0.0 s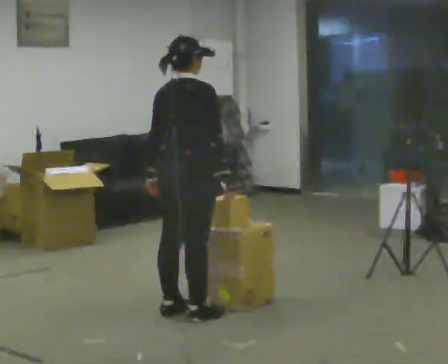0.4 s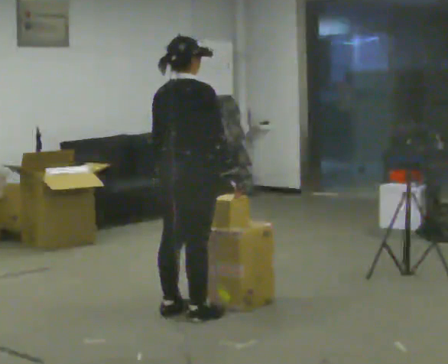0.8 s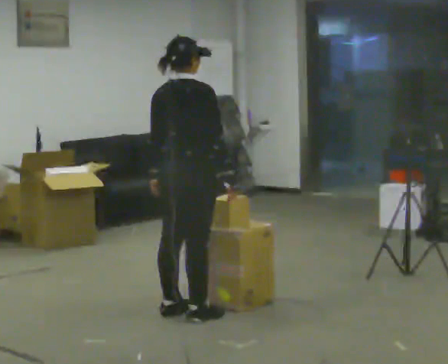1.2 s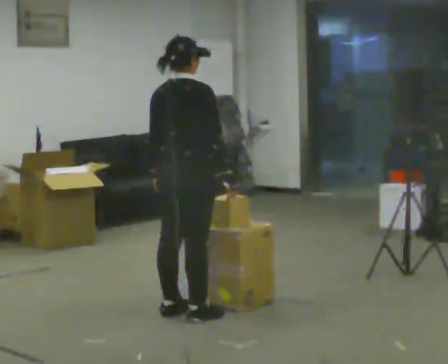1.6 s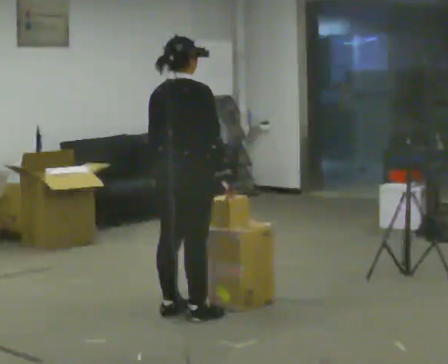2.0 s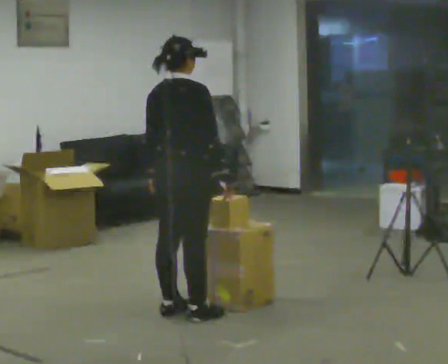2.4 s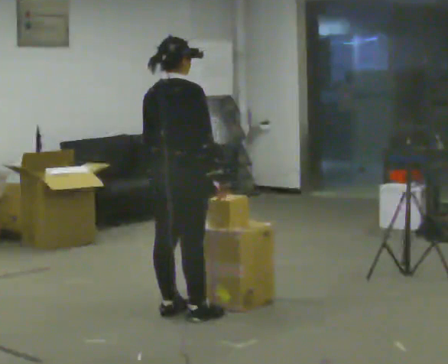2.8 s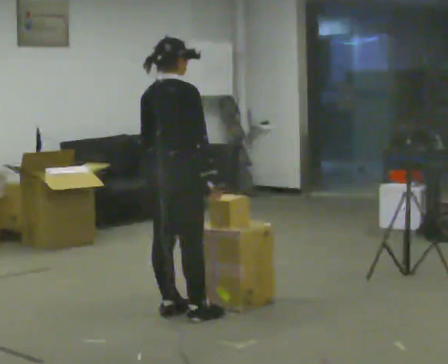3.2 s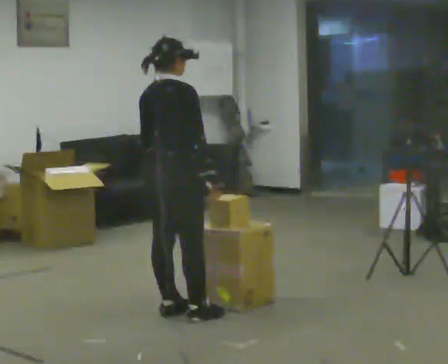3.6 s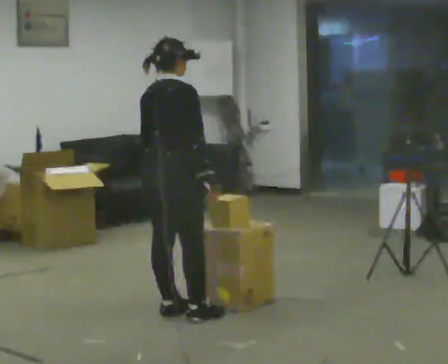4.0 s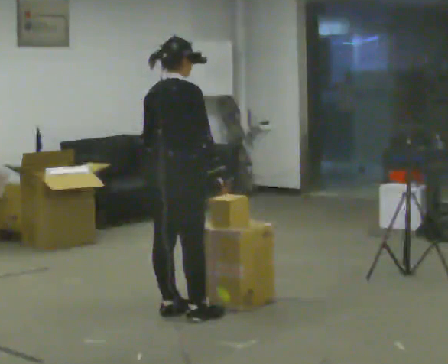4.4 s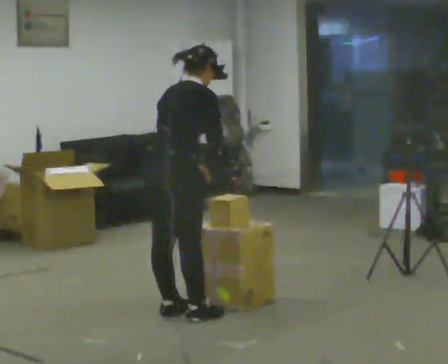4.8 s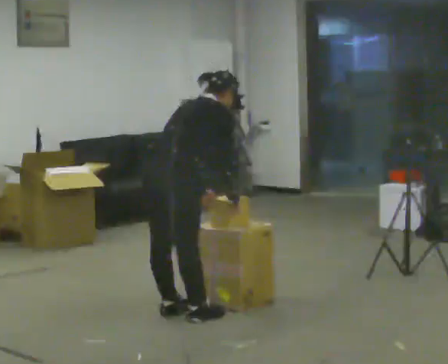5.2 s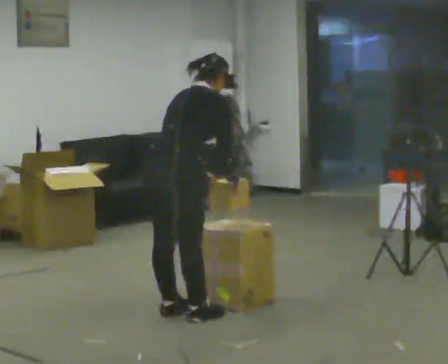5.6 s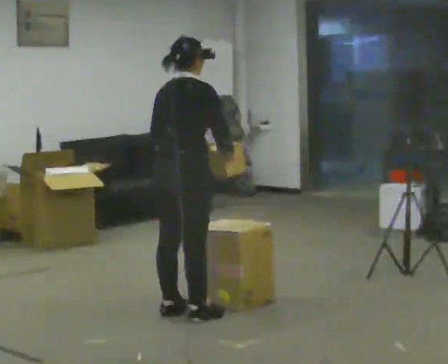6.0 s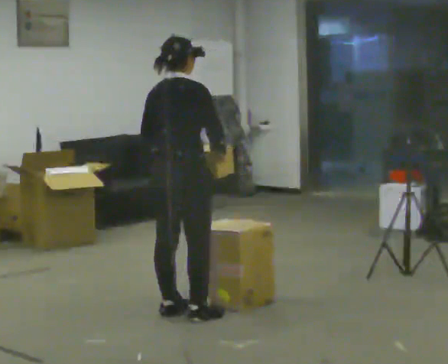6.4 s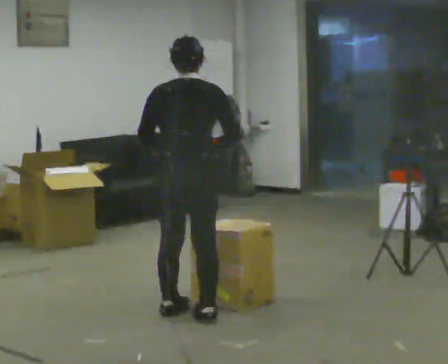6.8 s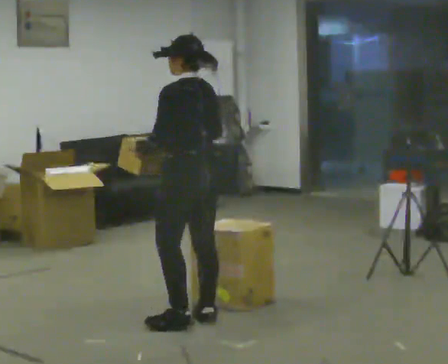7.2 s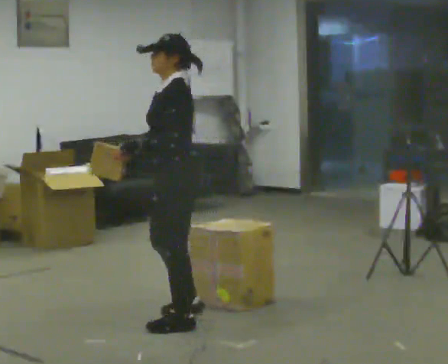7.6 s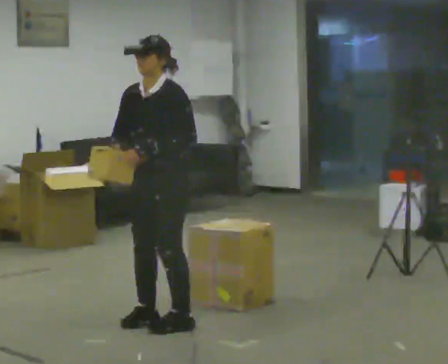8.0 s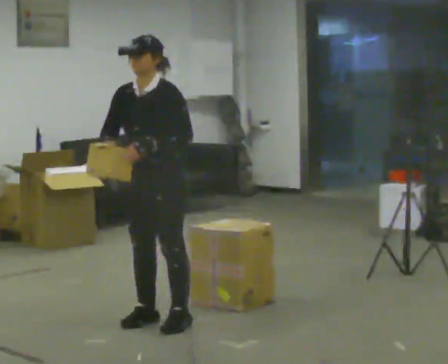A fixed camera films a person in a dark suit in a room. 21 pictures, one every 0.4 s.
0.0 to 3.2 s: The person moves a little, or ends about where they began.
3.2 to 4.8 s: In the picture they go toward the camera, about 0.25 m. In the picture the upper body tilts clockwise, shoulders to the right, as they bend forward.
4.8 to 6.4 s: Seen from above the body turns counterclockwise, about 45 degrees: to their left, with its near side sliding to the right. In the picture the upper body tilts counterclockwise, shoulders to the left, as they lean back or straighten.
6.4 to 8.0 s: The person turns about 135 degrees to their left, counterclockwise seen from above, so the part of the body nearest the lens slides to the right. In the picture they go to the left, about 0.25 m in 2 steps. In the picture their right hand goes to the left.
The film runs forward here.
